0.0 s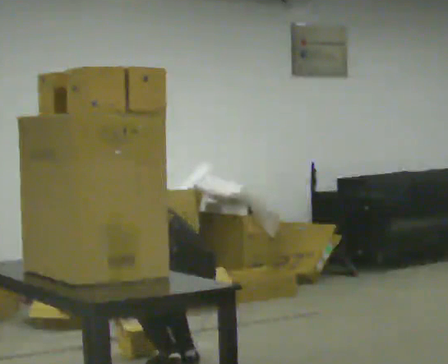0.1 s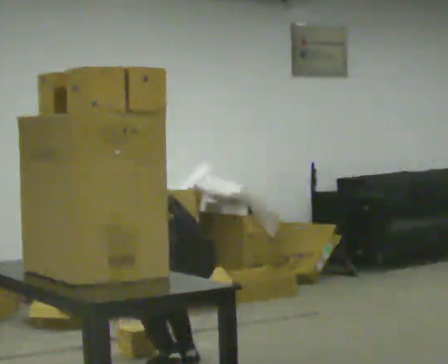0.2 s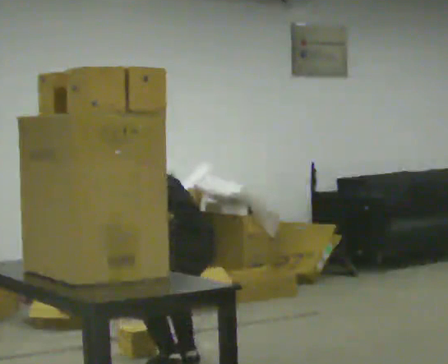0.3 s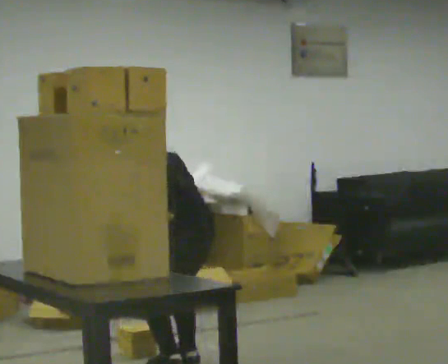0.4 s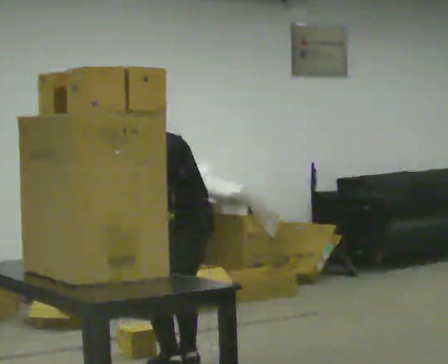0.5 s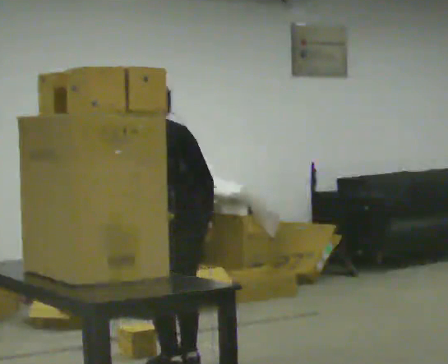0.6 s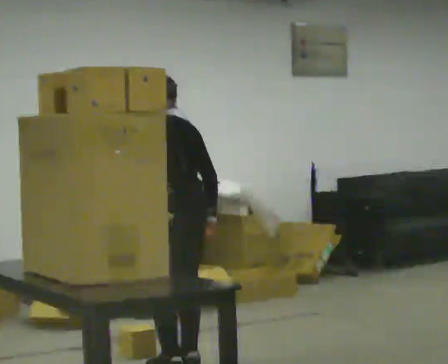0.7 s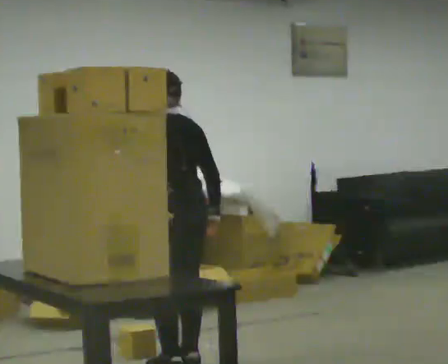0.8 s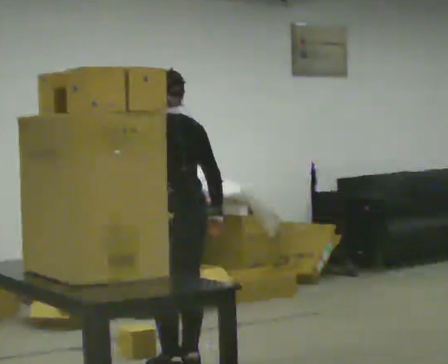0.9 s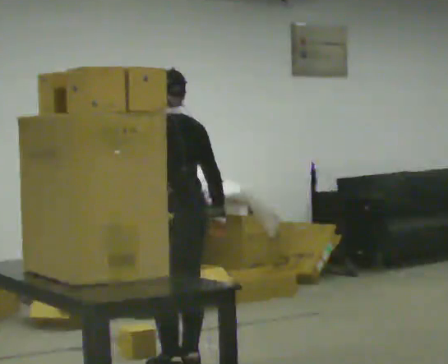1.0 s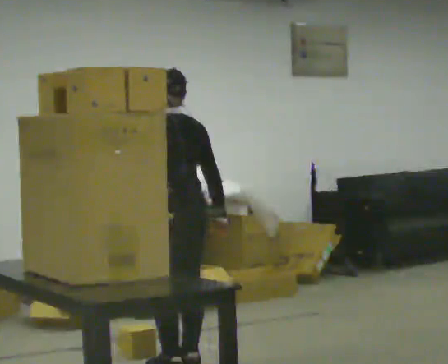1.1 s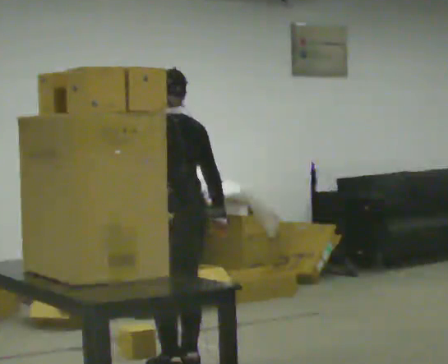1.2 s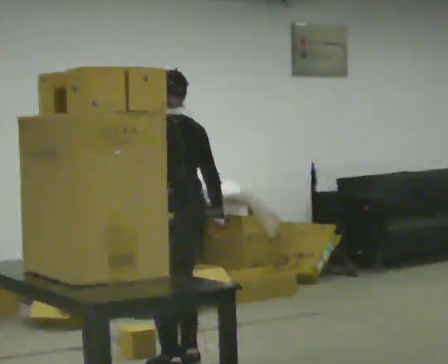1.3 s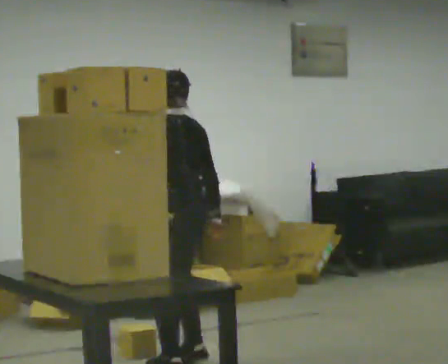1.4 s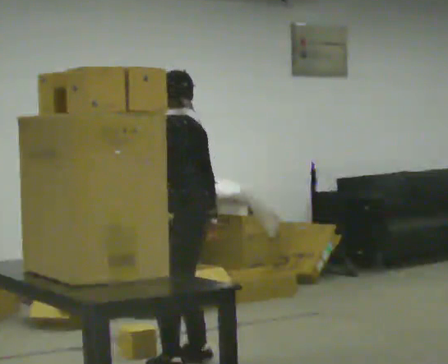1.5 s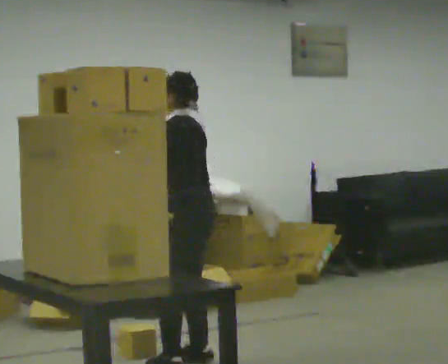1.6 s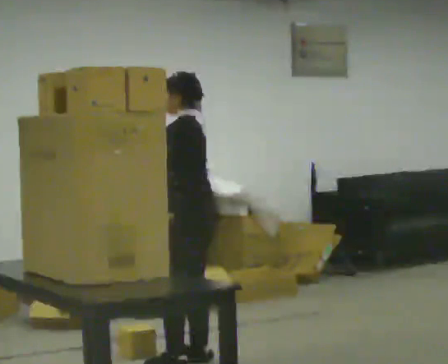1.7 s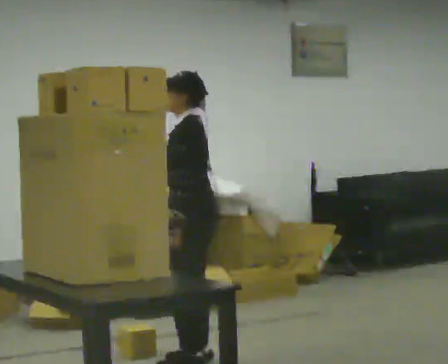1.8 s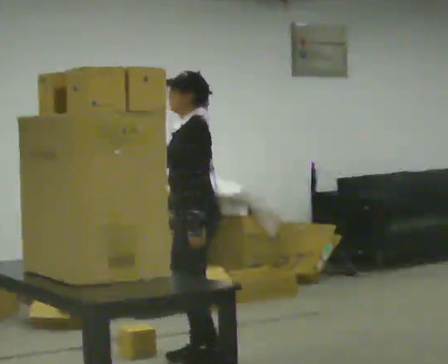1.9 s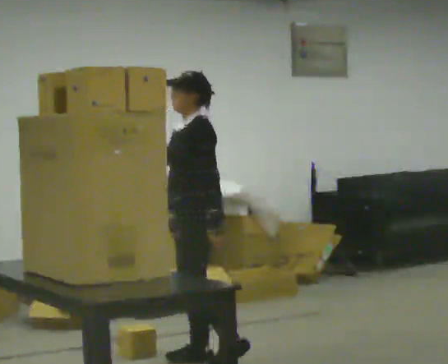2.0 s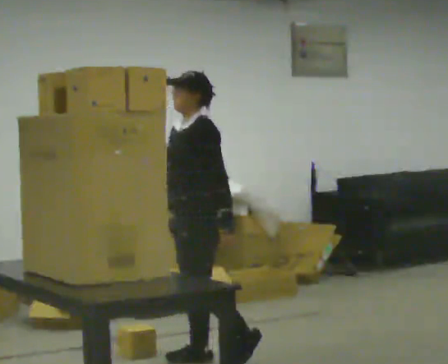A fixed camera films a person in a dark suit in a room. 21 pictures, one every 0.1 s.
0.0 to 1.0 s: The upper body goes upward. The upper body tips toward the camera, its near side rolling downward, as they lean back or straighten. In the picture their right hand goes upward.
1.0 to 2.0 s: Seen from above the body turns counterclockwise, about 75 degrees: to their left, with its near side sliding to the right. In the picture their right hand goes to the left, the arm swinging clockwise.
The film runs forward here.
